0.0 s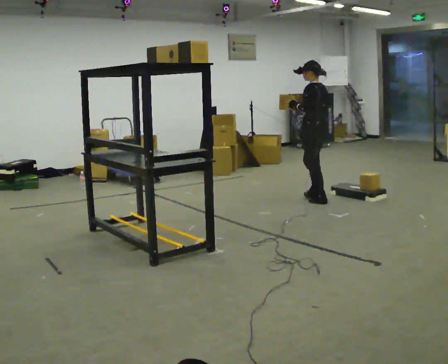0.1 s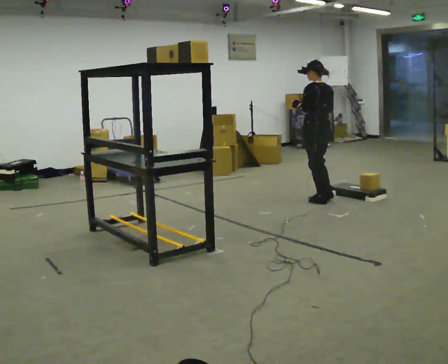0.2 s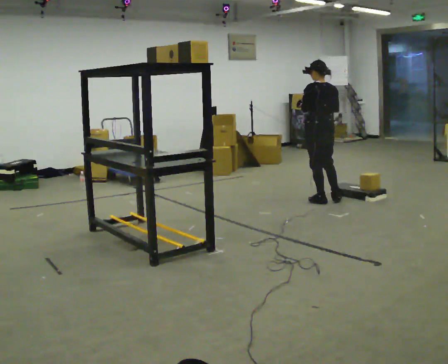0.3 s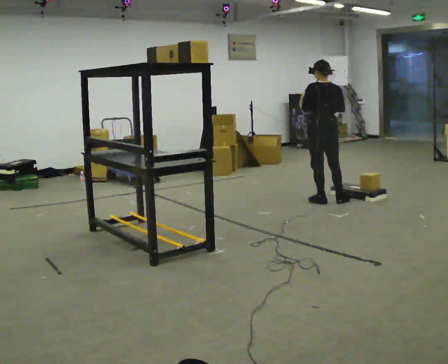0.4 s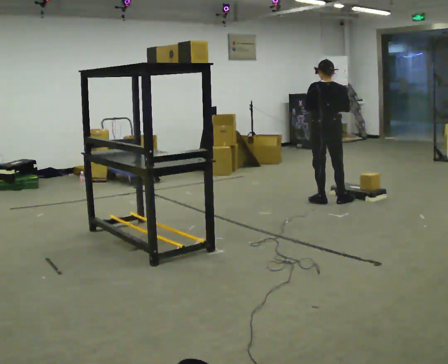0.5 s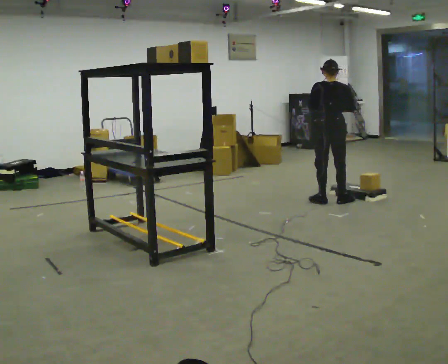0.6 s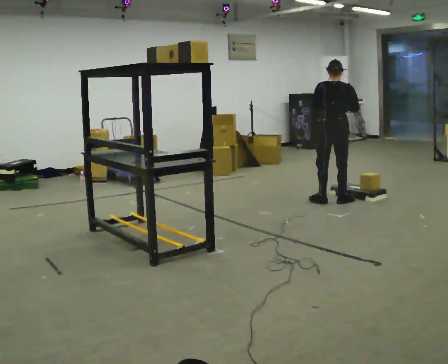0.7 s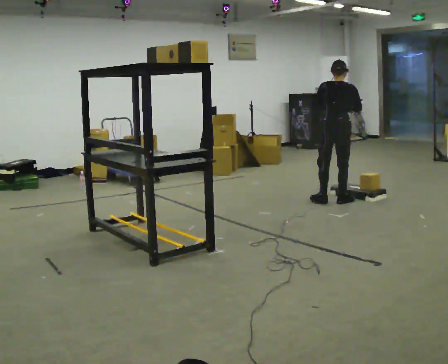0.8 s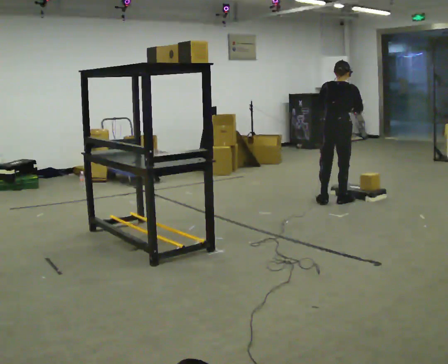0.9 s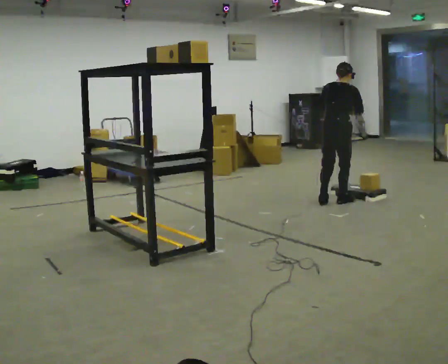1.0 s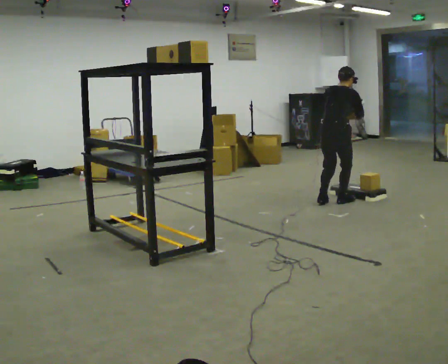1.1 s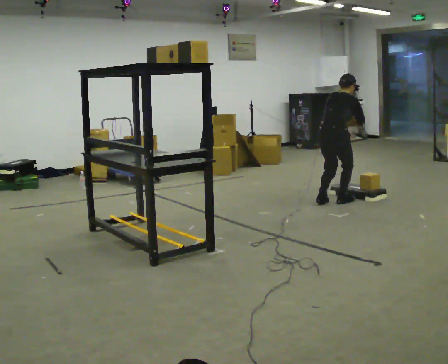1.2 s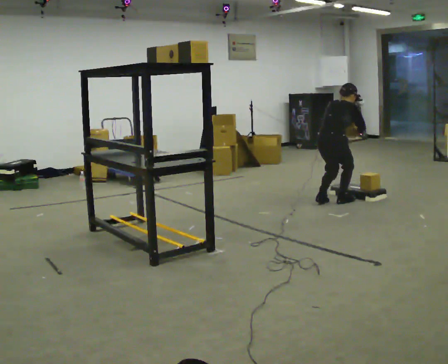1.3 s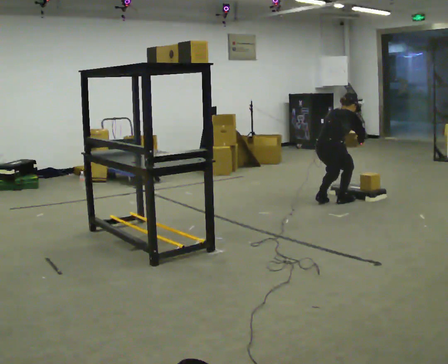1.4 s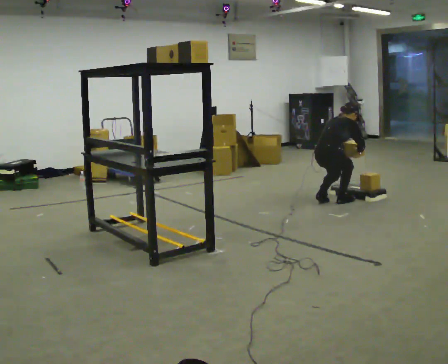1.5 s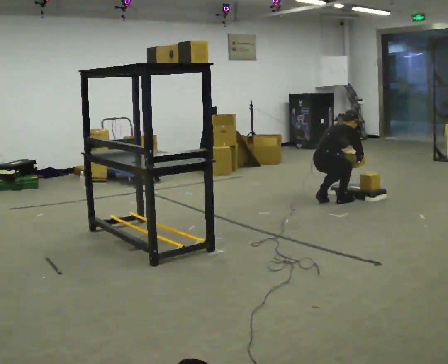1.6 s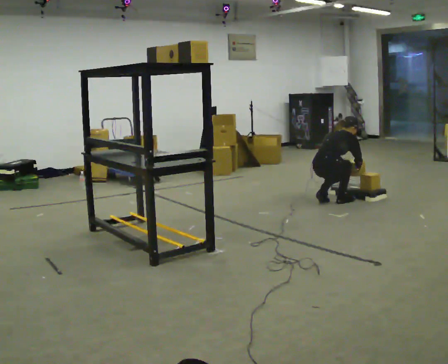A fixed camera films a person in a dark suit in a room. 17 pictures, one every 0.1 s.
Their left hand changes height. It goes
downward.
The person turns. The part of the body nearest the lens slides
to the left.
0.0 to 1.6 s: The part of the body nearest the lens slides to the left as the person turns to their right by about 105 degrees. In the picture they go toward the camera, about 0.25 m. The shoulders move downward. In the picture the upper body tilts clockwise, shoulders to the right, as they bend forward. In the picture their left hand goes downward and to the right.
The film runs backward here.
